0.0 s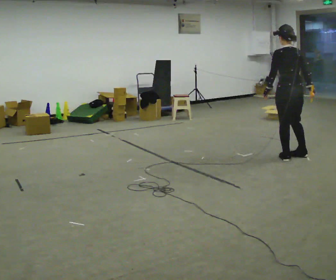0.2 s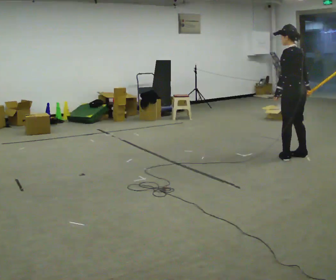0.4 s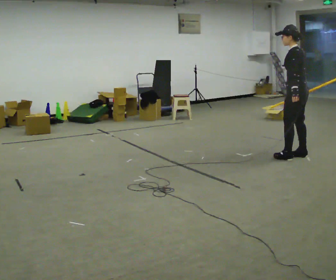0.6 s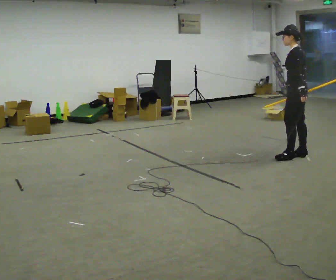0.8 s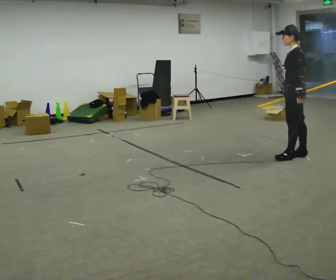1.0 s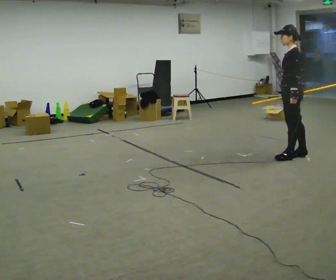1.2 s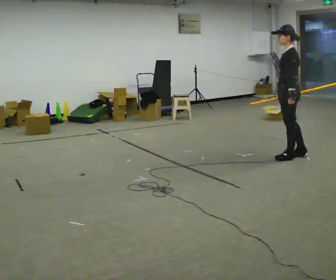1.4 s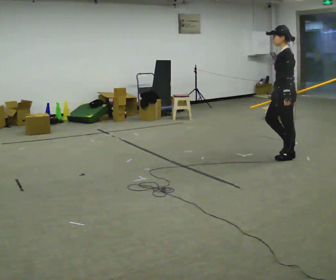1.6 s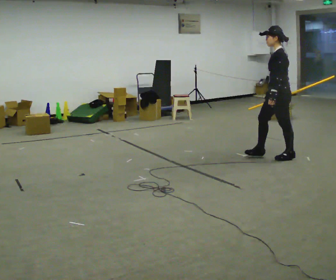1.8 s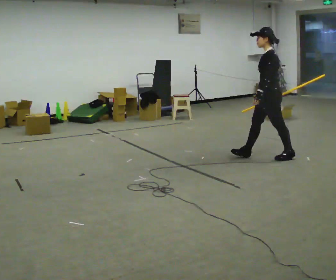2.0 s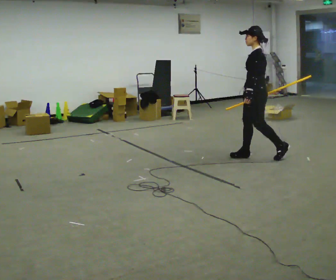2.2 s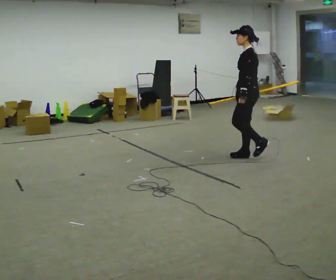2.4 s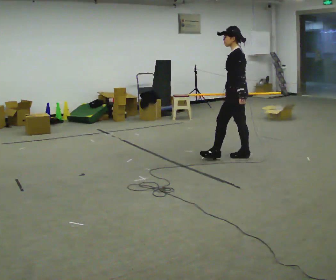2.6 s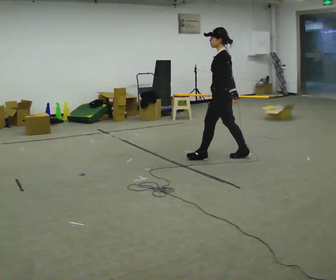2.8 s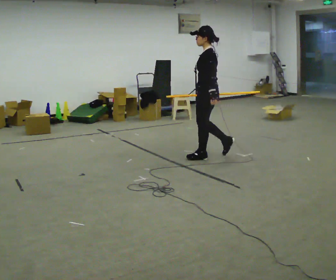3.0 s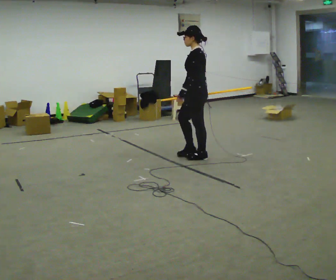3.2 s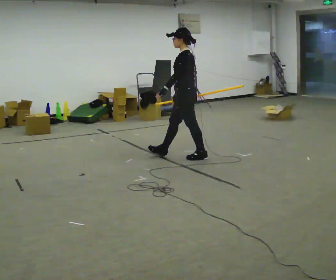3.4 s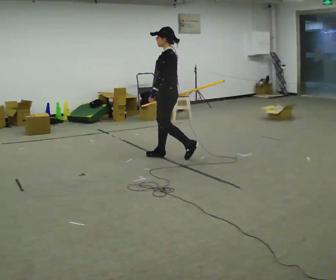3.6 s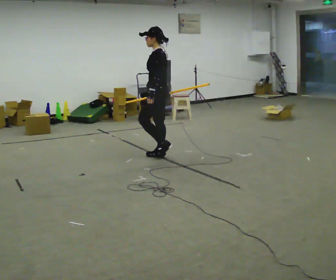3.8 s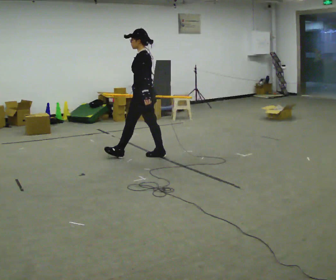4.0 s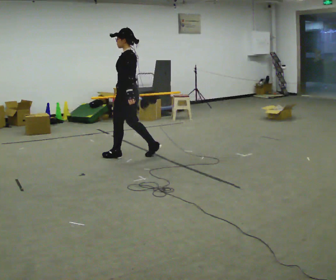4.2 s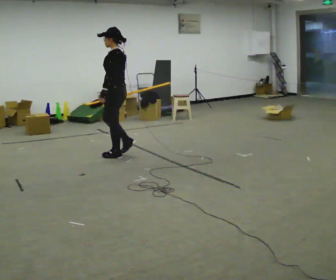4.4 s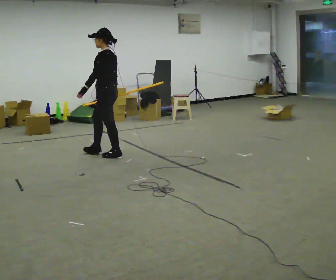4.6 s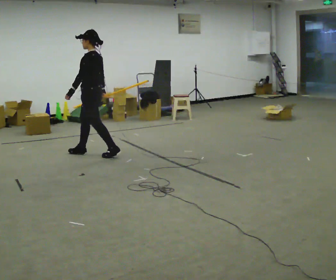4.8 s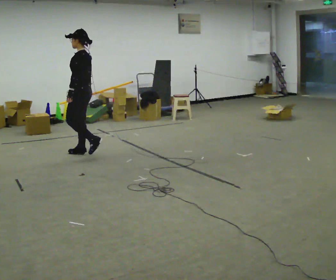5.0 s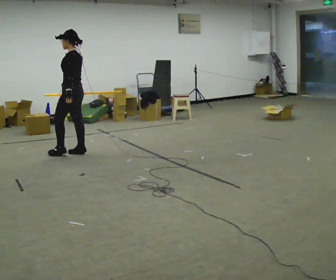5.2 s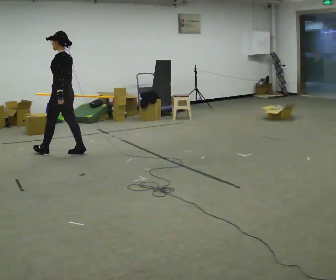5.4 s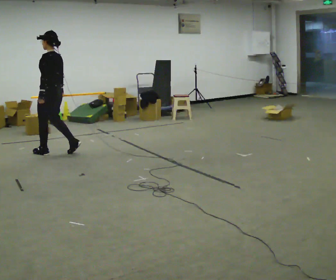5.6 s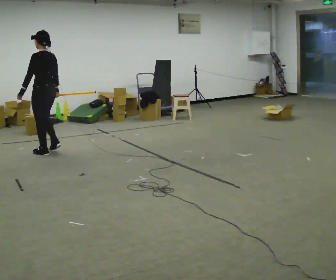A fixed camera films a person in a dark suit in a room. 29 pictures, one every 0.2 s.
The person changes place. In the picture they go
to the left.
0.0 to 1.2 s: The person turns about 75 degrees to their left, counterclockwise seen from above, so the part of the body nearest the lens slides to the right.
1.2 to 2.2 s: In the picture they go to the left, about 0.5 m in 1 step, which for them is forward.
2.2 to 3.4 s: In the picture they go to the left, about 1 m in 2 steps, which for them is forward.
3.4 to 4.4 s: In the picture they go to the left, about 1 m in 1 step, which for them is forward.
4.4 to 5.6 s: In the picture they go to the left, about 1 m in 2 steps, which for them is forward.
The film runs forward here.
